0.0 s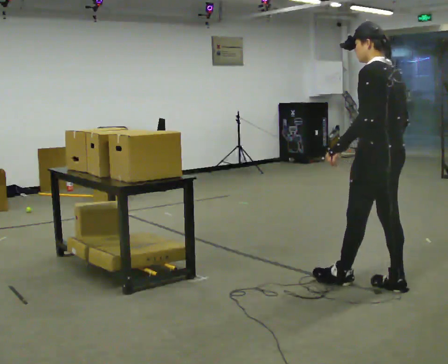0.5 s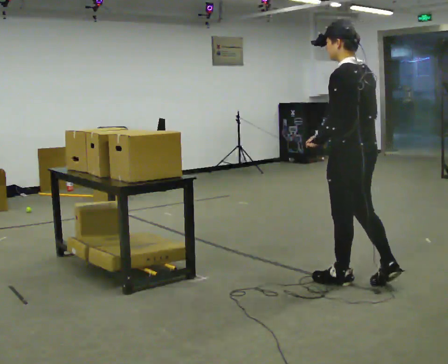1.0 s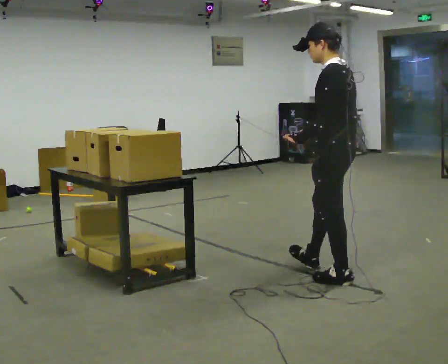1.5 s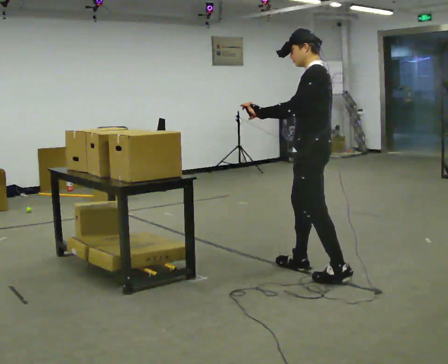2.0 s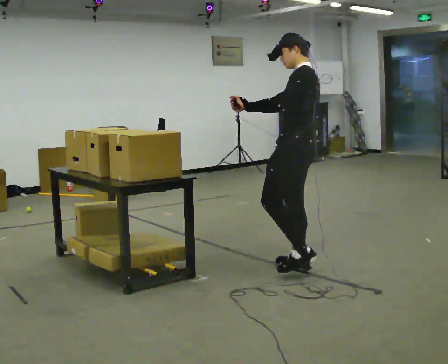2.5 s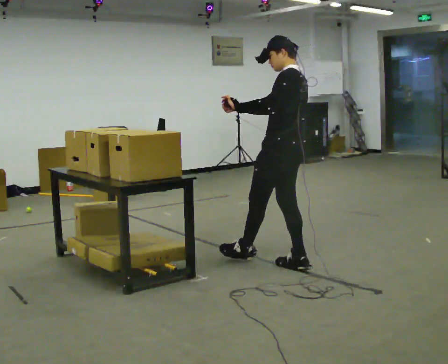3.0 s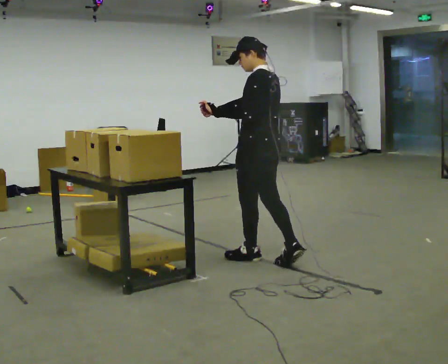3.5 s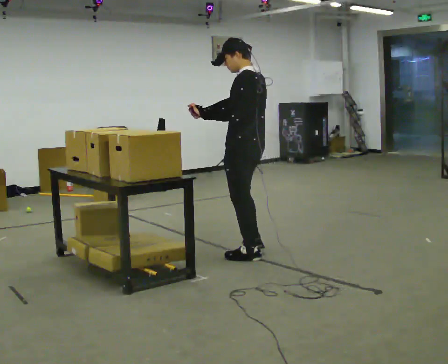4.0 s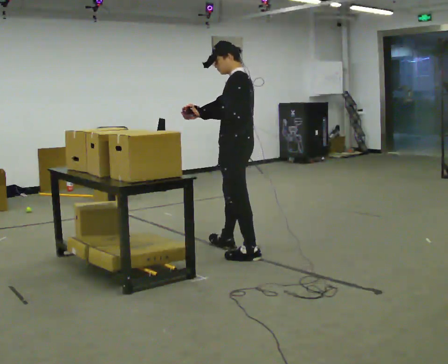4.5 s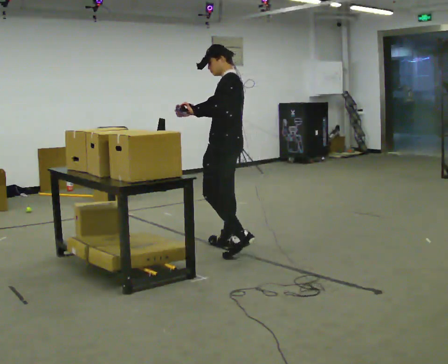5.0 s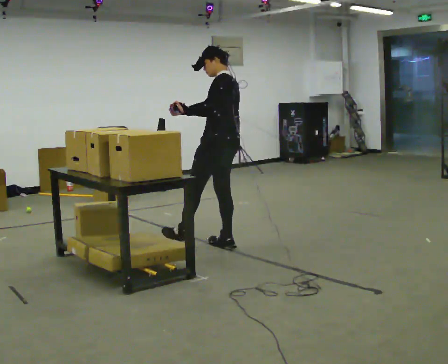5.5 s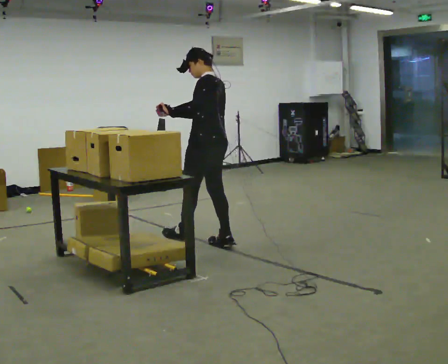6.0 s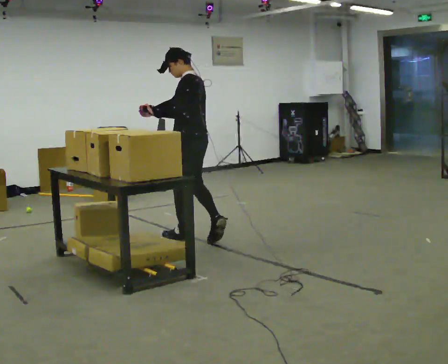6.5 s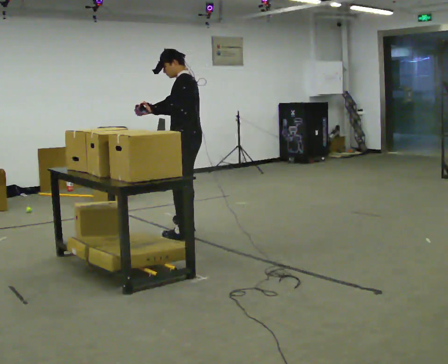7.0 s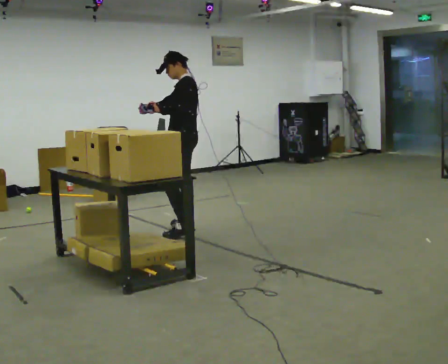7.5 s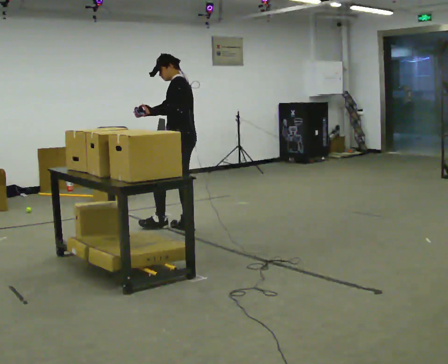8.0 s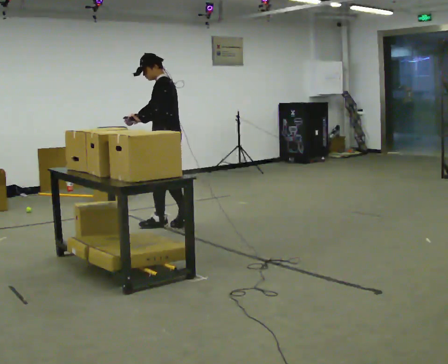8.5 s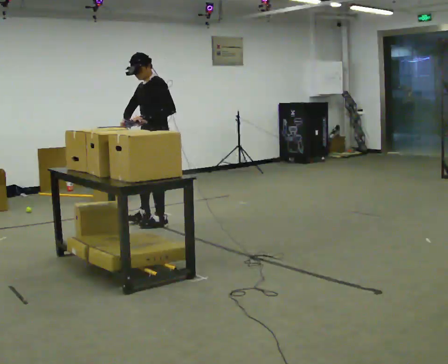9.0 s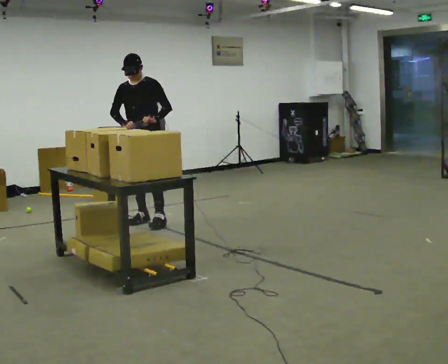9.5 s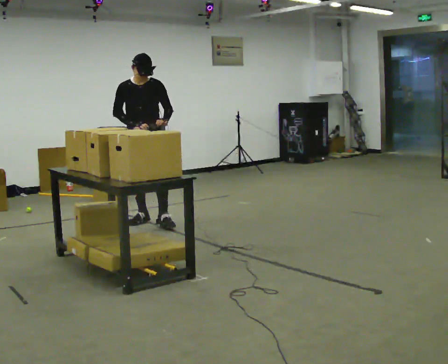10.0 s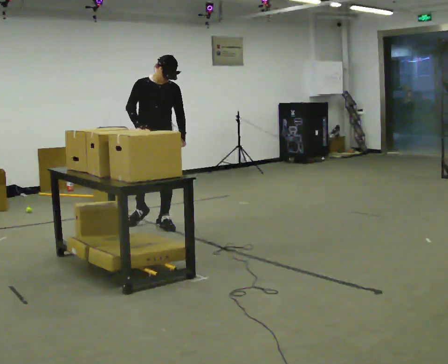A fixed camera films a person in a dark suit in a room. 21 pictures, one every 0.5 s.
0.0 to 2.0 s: In the picture they go away from the camera and to the left, about 0.5 m in 1 step, which for them is forward.
2.0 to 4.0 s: In the picture they go away from the camera and to the left, about 0.5 m in 2 steps, which for them is forward.
4.0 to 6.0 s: In the picture they go away from the camera and to the left, about 0.5 m in 1 step, which for them is forward.
6.0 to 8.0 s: In the picture they go away from the camera and to the left, about 0.5 m in 2 steps, which for them is to their right and forward.
8.0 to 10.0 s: Seen from above the body turns counterclockwise, about 105 degrees: to their left, with its near side sliding to the right. In the picture their left hand goes to the right.
The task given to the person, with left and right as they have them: Carry the handheld device and, while walking, point it at the labels on the shelves and press the button as if scanning them.
The film runs forward here.
